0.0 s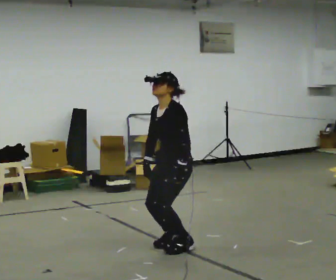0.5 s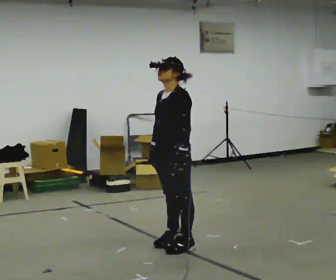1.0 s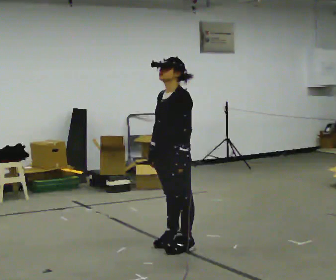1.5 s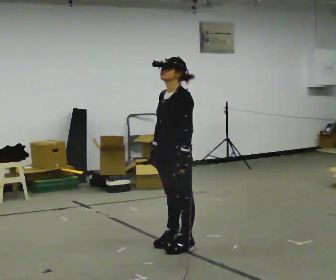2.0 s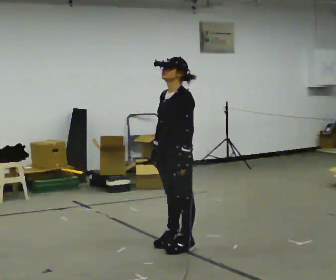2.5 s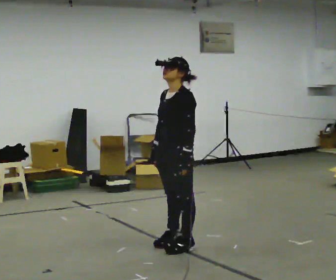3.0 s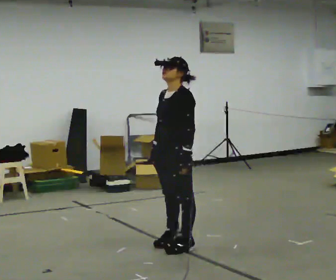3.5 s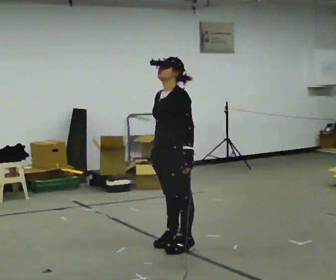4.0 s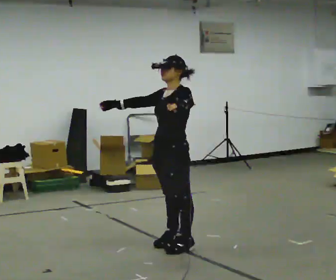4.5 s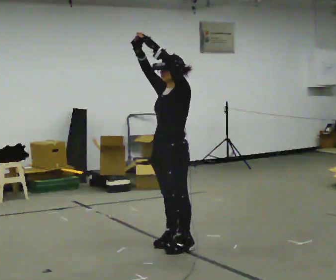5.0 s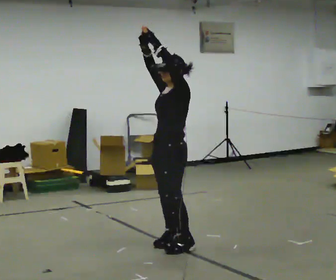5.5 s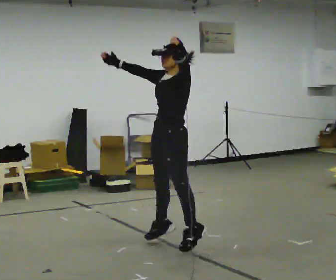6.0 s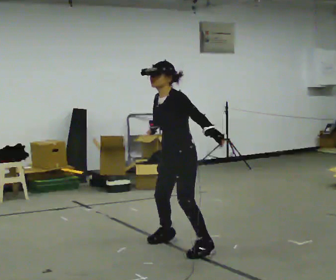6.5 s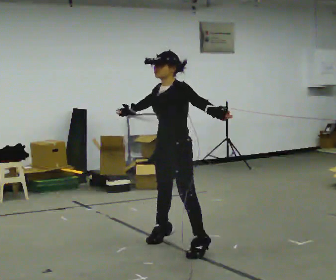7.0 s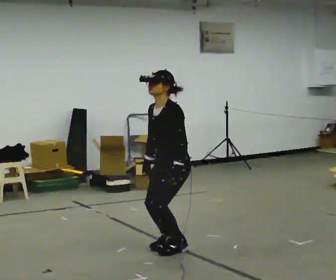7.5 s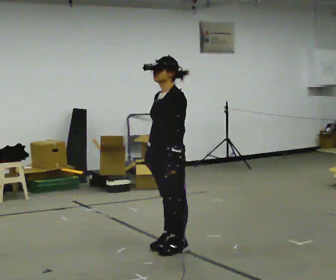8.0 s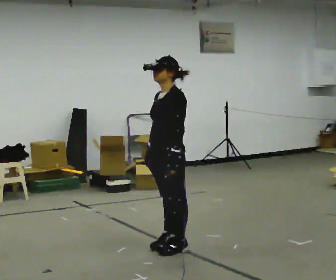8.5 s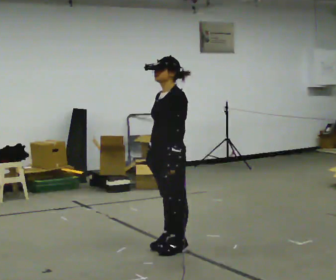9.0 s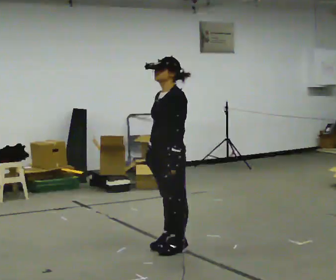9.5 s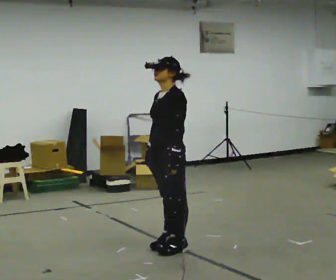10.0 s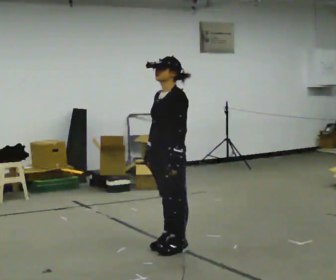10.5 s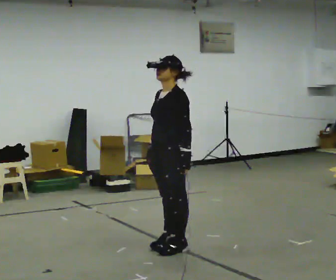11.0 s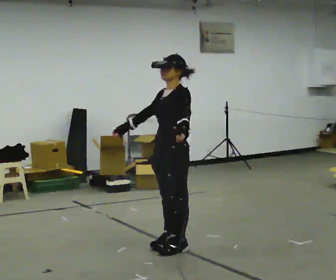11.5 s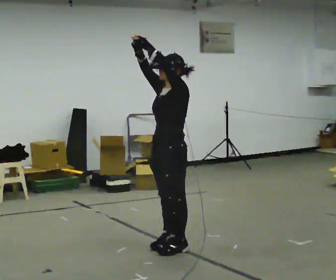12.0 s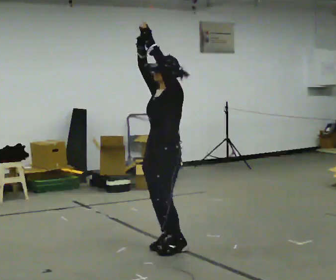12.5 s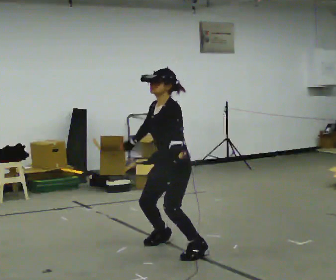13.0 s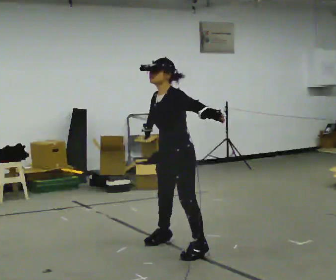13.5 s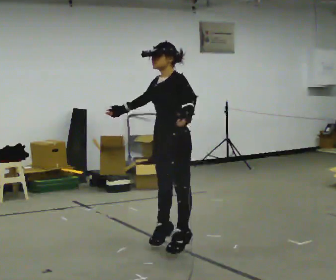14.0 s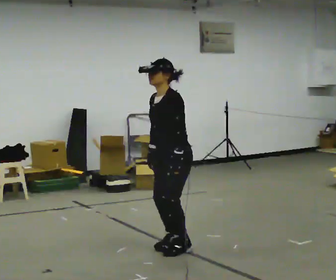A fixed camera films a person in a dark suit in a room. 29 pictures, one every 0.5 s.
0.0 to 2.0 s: The person moves a little, or ends about where they began.
2.0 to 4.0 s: In the picture their left hand goes upward.
4.0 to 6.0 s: In the picture their right hand goes to the right.
6.0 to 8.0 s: The person moves a little, or ends about where they began.
8.0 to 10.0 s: The person keeps their place and pose.
10.0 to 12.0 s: In the picture their left hand goes upward.
12.0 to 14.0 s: In the picture their right hand goes downward.
The film runs backward here.
